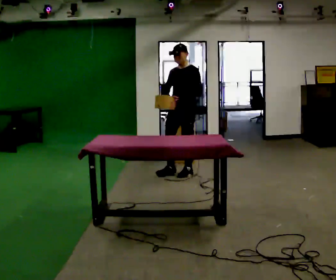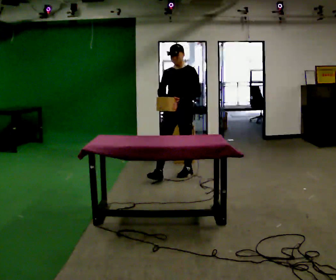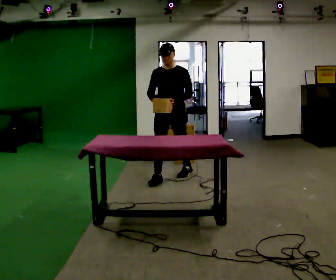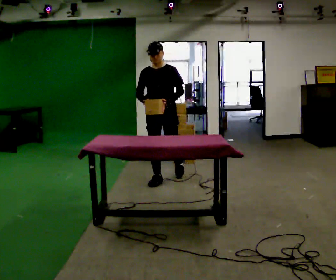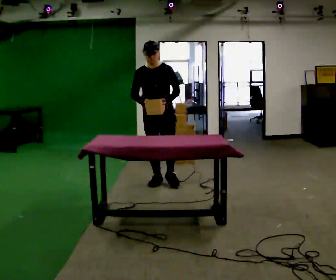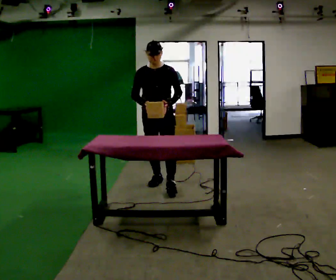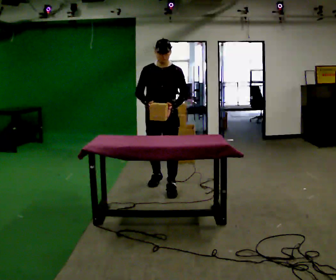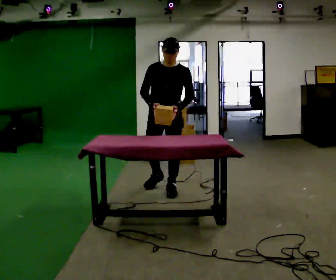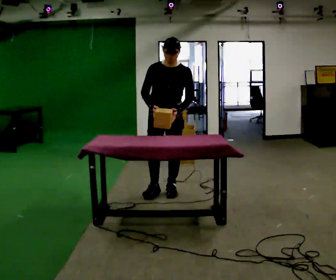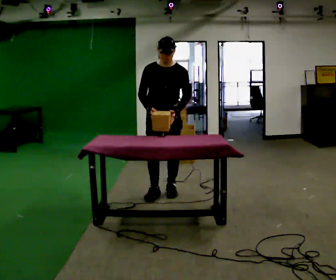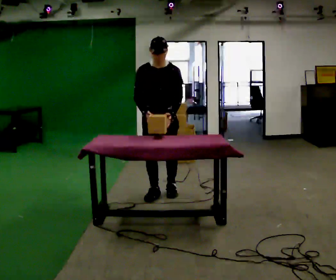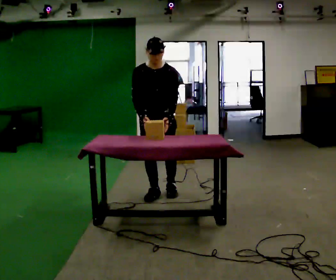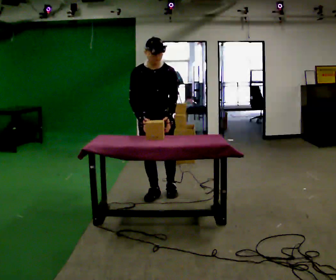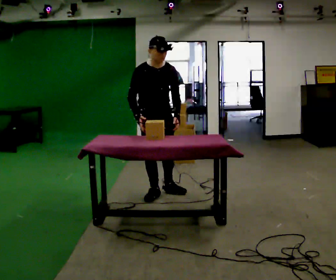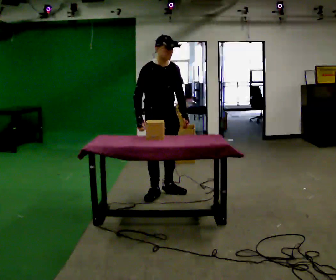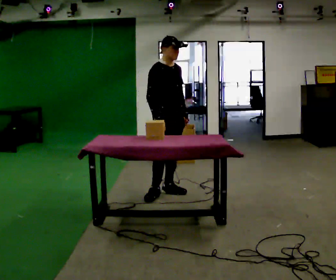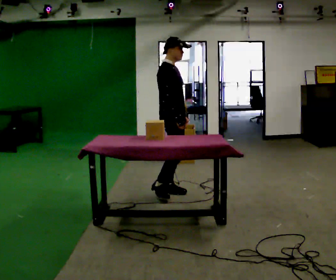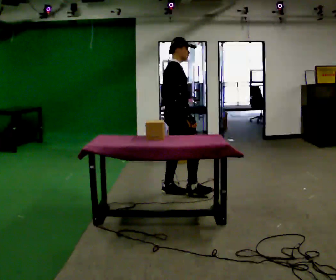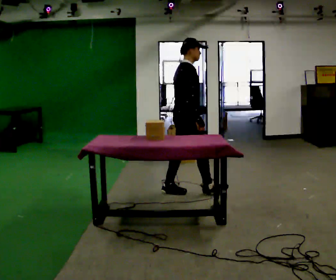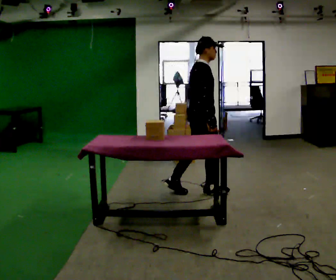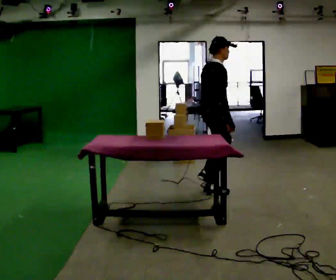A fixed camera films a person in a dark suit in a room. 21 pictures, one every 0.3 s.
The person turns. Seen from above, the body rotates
counterclockwise.
The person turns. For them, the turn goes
to their left.
0.0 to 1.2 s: Seen from above the body turns counterclockwise, about 30 degrees: to their left, with its near side sliding to the right. In the picture they go toward the camera and to the left, about 0.5 m in 1 step, which for them is forward and to their right.
1.2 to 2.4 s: In the picture they go toward the camera, about 0.25 m in 1 step, which for them is forward and to their left.
2.4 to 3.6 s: The person moves a little, or ends about where they began.
3.6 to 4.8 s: The part of the body nearest the lens slides to the right as the person turns to their left by about 60 degrees. In the picture they go to the right, about 0.25 m. The upper body tips away from the camera, its near side rolling upward, as they lean back or straighten.
4.8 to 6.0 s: Seen from above the body turns counterclockwise, about 30 degrees: to their left, with its near side sliding to the right. In the picture they go to the right, about 0.5 m in 1 step, which for them is forward.
The film runs forward here.
